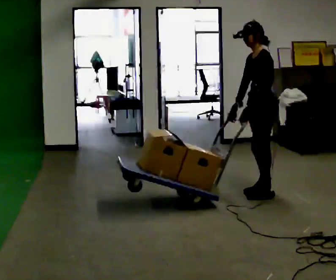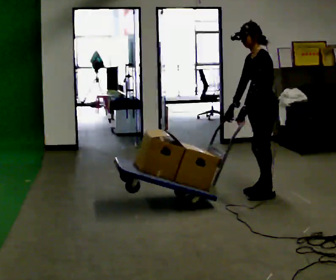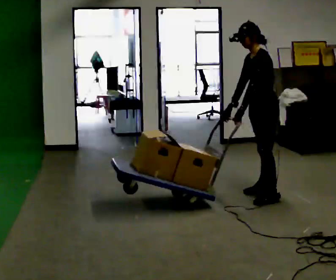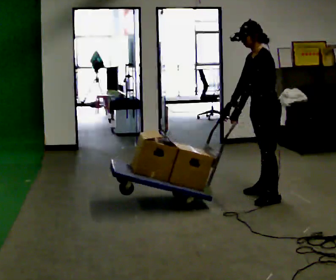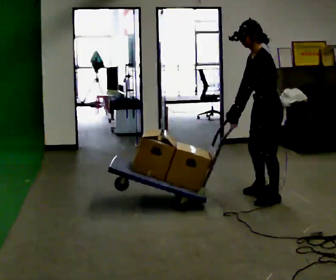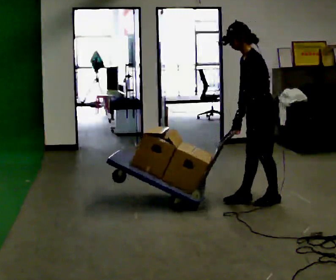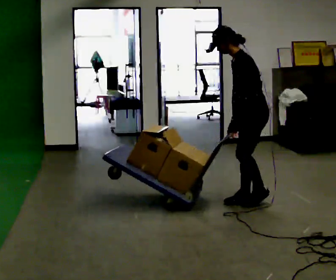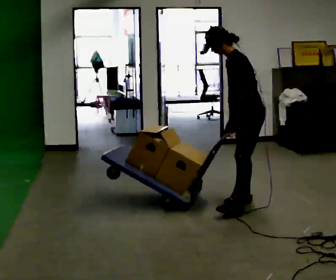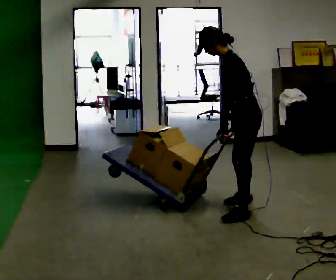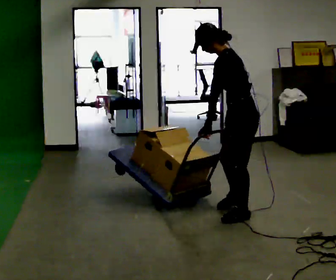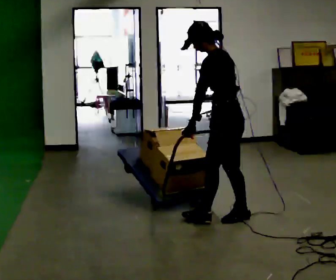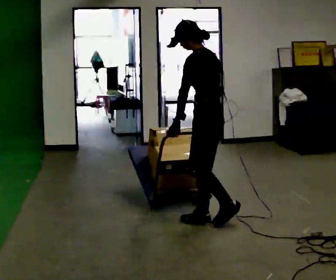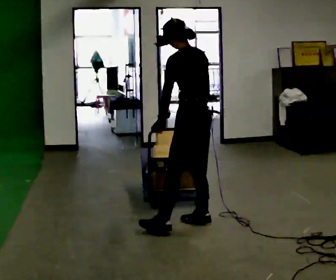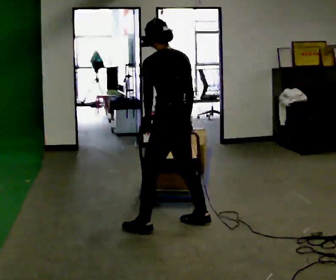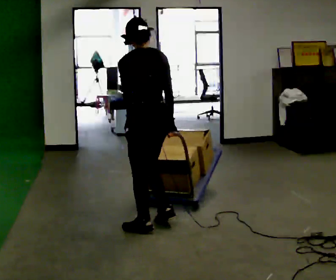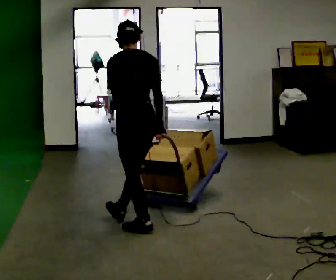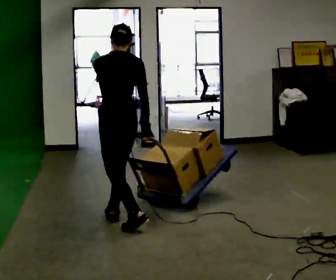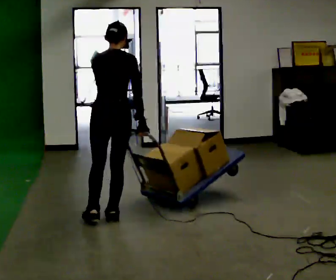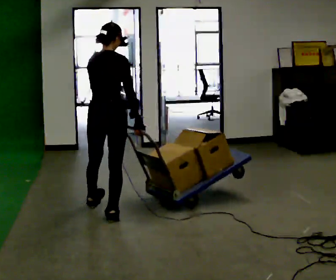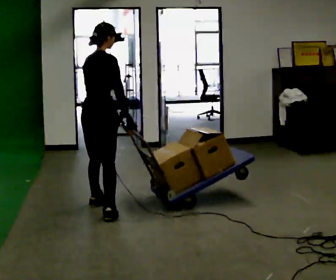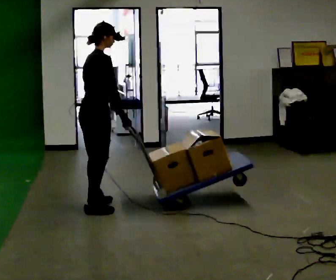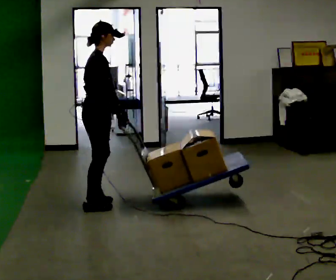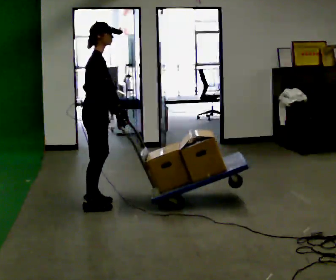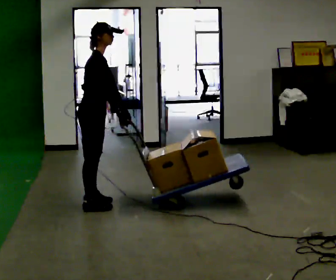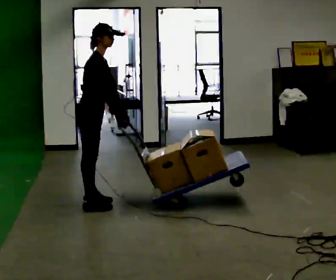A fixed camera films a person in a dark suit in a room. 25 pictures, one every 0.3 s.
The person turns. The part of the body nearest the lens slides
to the left.
The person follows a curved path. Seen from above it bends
clockwise.
0.0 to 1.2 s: In the picture they go toward the camera, about 0.25 m, which for them is to their left.
1.2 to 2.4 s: In the picture they go toward the camera and to the left, about 0.5 m in 2 steps, which for them is to their left and forward.
2.4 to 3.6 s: Seen from above the body turns clockwise, about 30 degrees: to their right, with its near side sliding to the left. In the picture they go to the left and toward the camera, about 0.5 m in 1 step, which for them is to their left and forward. In the picture the upper body tilts clockwise, shoulders to the right.
3.6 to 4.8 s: The part of the body nearest the lens slides to the left as the person turns to their right by about 30 degrees. In the picture they go to the left, about 0.5 m in 2 steps, which for them is to their left and forward.
4.8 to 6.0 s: The person turns about 90 degrees to their right, clockwise seen from above, so the part of the body nearest the lens slides to the left. In the picture they go away from the camera and to the left, about 0.5 m in 1 step.
6.0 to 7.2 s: Seen from above the body turns clockwise, about 30 degrees: to their right, with its near side sliding to the left.
The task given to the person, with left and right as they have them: Turn the cart round to face the other way without moving it out of the marked square, then turn it back. Repeat until the operator says stop.
The film runs forward here.
